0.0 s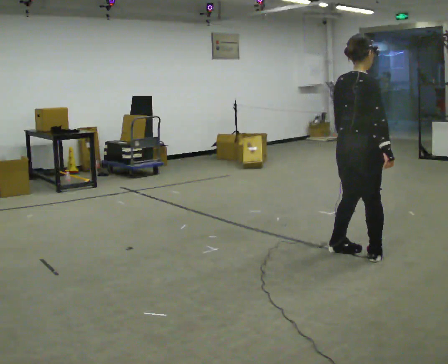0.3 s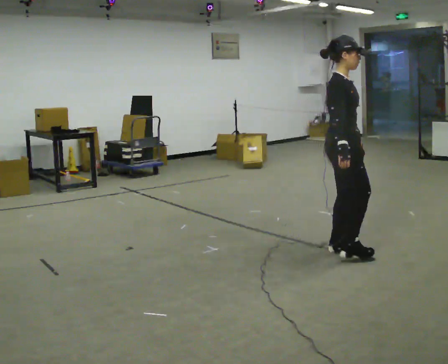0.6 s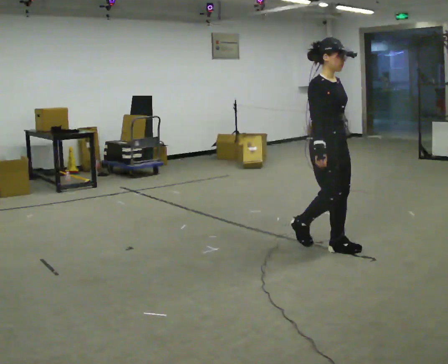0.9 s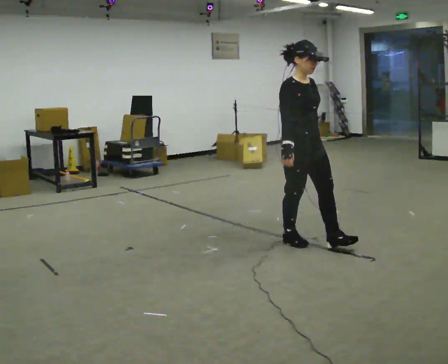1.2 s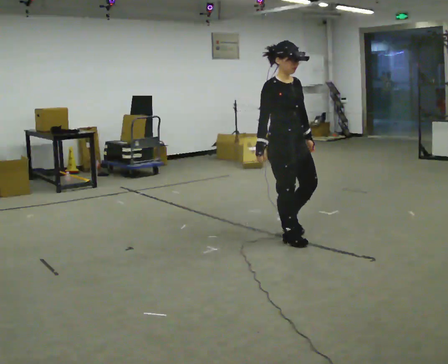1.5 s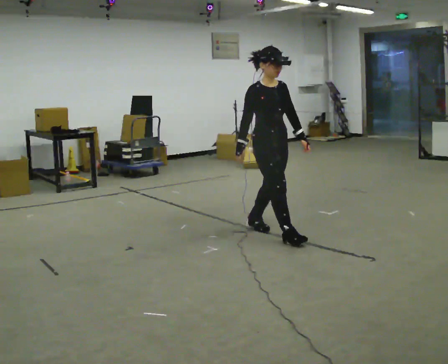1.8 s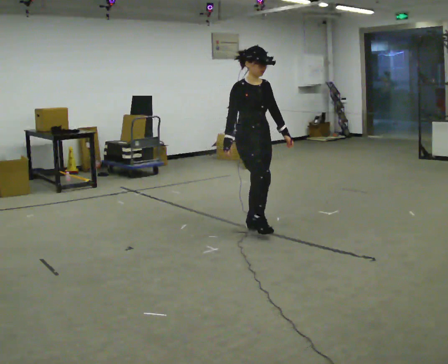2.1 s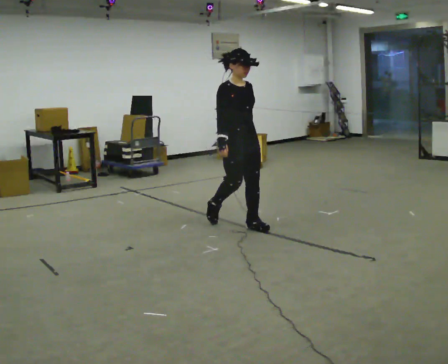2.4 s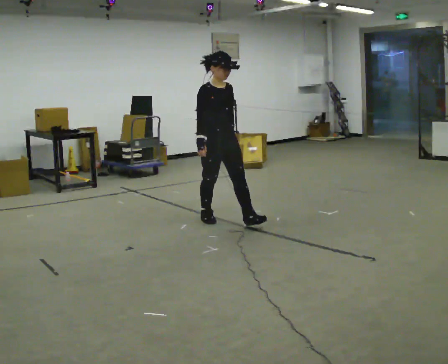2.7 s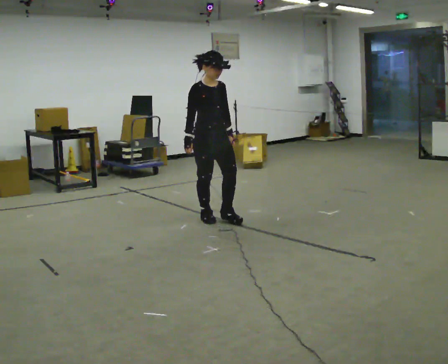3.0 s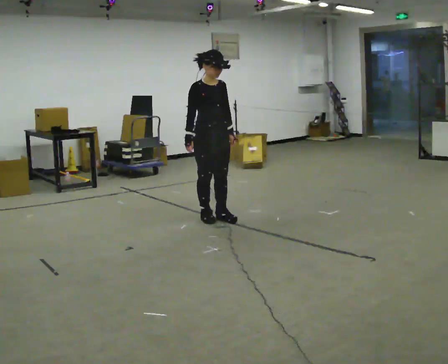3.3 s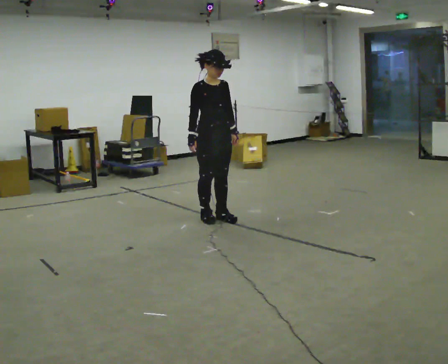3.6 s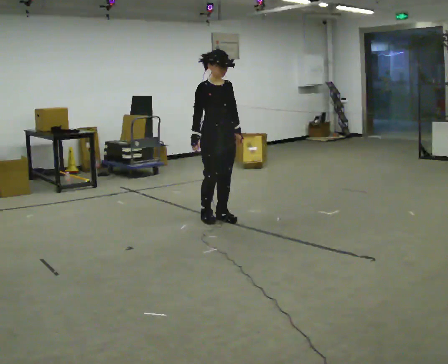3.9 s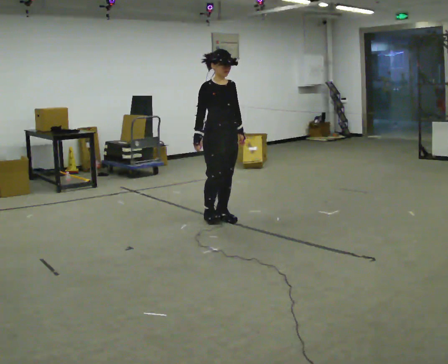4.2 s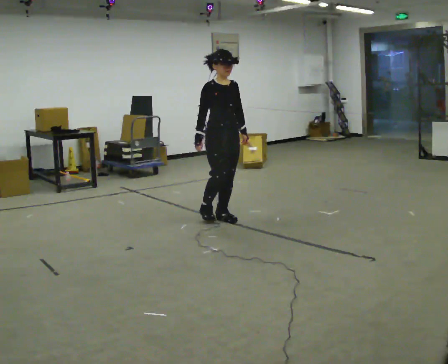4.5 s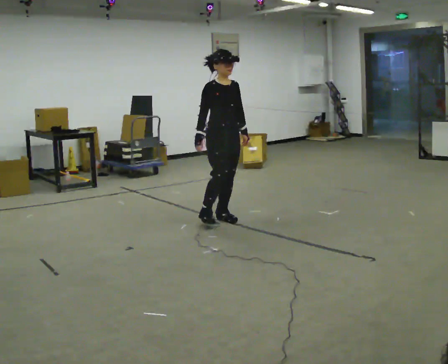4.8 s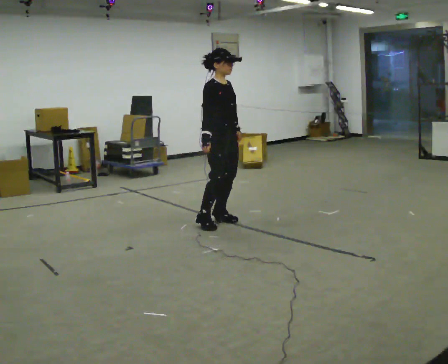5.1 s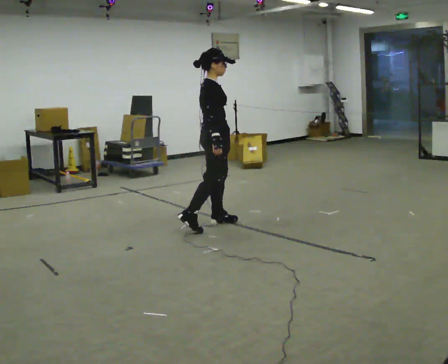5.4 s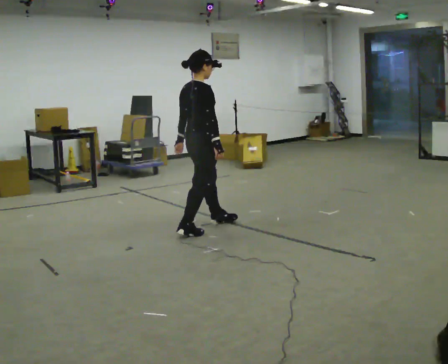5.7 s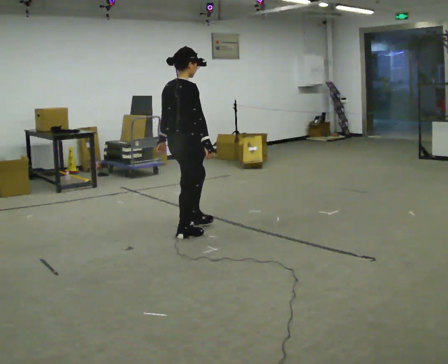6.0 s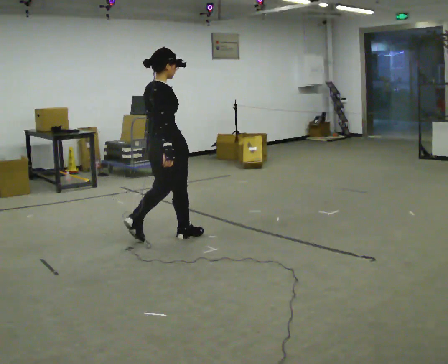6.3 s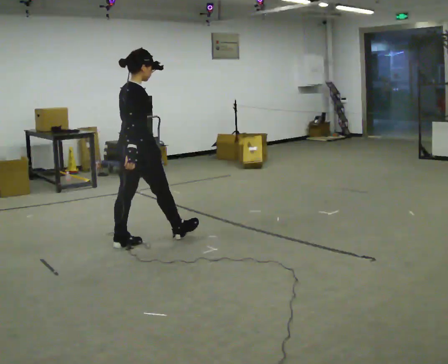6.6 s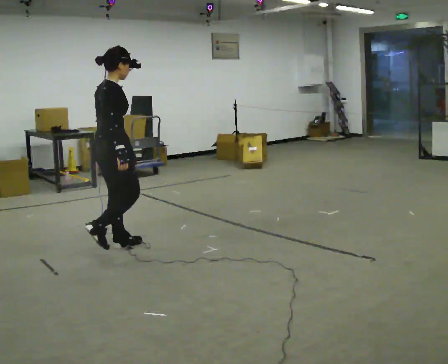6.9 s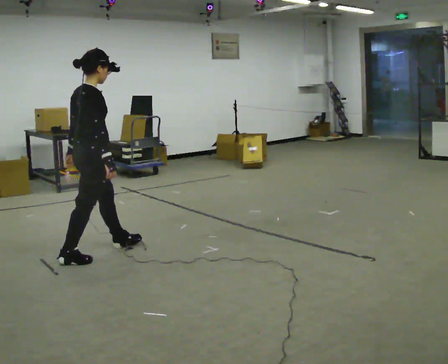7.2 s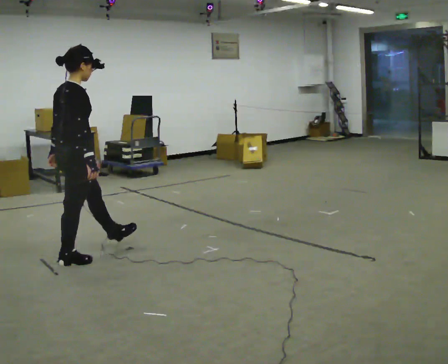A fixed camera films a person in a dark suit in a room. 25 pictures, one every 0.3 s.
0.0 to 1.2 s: Seen from above the body turns clockwise, about 90 degrees: to their right, with its near side sliding to the left. In the picture they go away from the camera and to the left, about 0.75 m in 2 steps.
1.2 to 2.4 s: In the picture they go away from the camera and to the left, about 1 m in 2 steps, which for them is backward.
2.4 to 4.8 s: The person moves a little, or ends about where they began.
4.8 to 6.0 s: Seen from above the body turns counterclockwise, about 75 degrees: to their left, with its near side sliding to the right. In the picture they go toward the camera and to the left, about 0.5 m in 2 steps.
6.0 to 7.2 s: In the picture they go to the left and toward the camera, about 1 m in 2 steps, which for them is backward.
The film runs backward here.
